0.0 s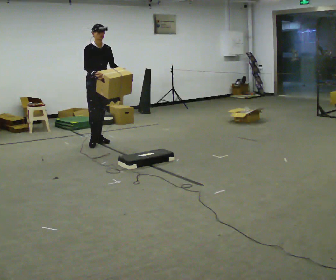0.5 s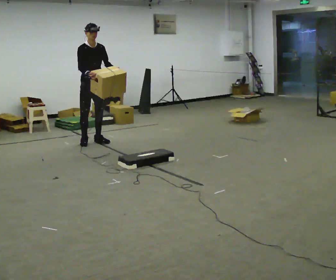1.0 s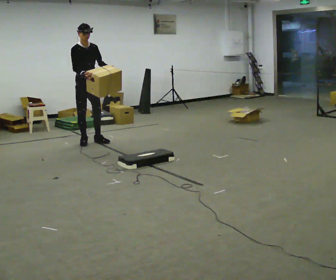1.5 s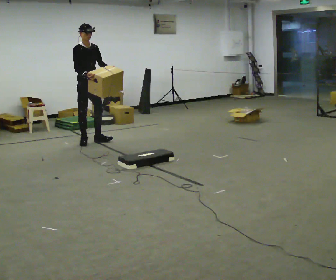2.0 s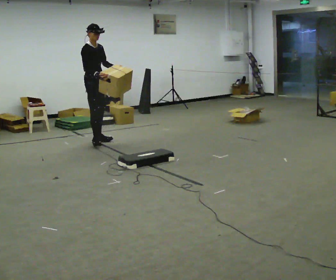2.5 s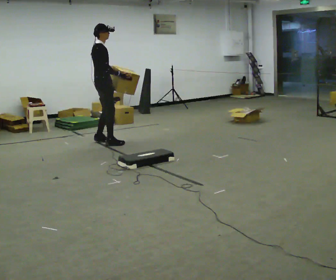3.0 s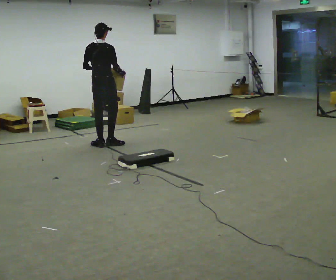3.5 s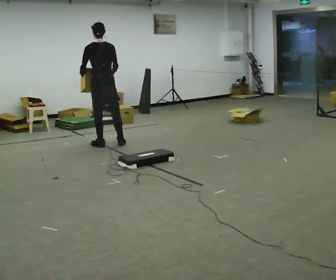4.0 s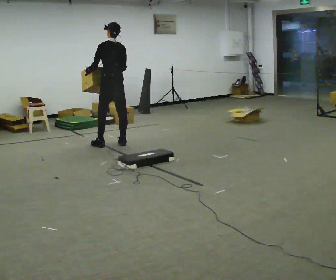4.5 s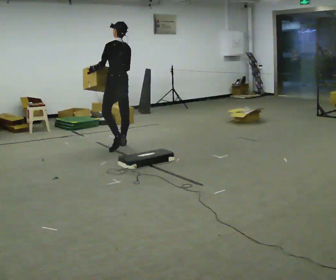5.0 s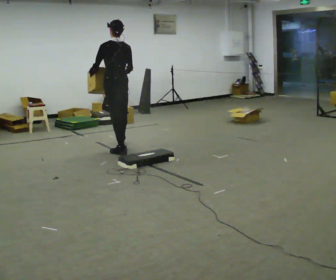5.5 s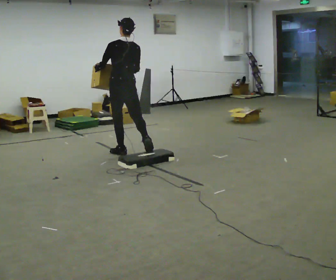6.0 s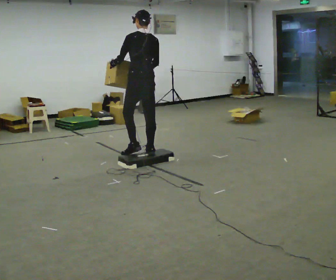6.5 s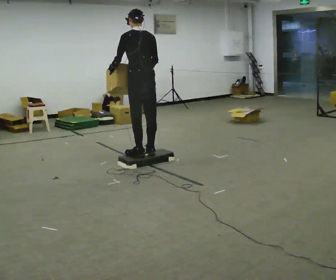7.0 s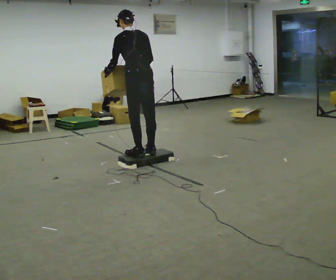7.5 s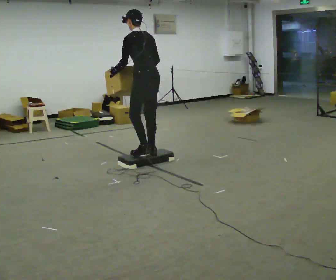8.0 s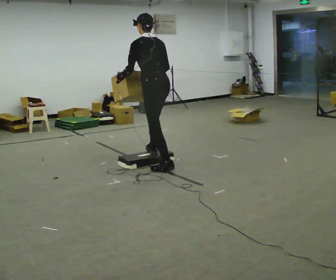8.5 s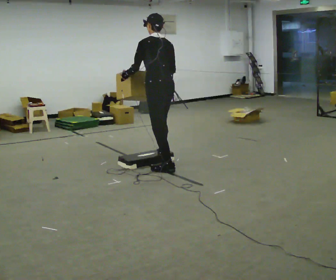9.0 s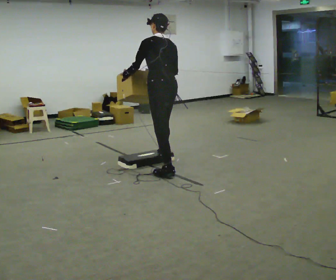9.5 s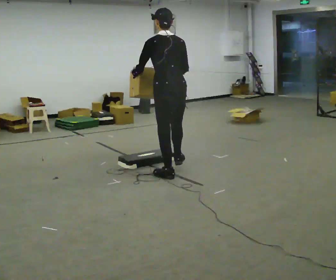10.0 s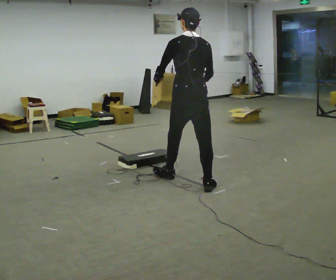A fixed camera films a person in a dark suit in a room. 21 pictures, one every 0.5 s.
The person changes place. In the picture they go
toward the camera.
0.0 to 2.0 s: Seen from above the body turns counterclockwise, about 30 degrees: to their left, with its near side sliding to the right.
2.0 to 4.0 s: Seen from above the body turns counterclockwise, about 150 degrees: to their left, with its near side sliding to the right. In the picture they go to the right and toward the camera, about 0.5 m in 2 steps.
4.0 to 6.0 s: In the picture they go toward the camera and to the right, about 1 m in 3 steps, which for them is backward.
6.0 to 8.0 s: In the picture they go toward the camera, about 0.5 m in 2 steps, which for them is backward.
8.0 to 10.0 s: The part of the body nearest the lens slides to the left as the person turns to their right by about 30 degrees. In the picture they go toward the camera and to the right, about 0.75 m in 2 steps, which for them is backward. In the picture the upper body tilts clockwise, shoulders to the right.
The film runs backward here.
